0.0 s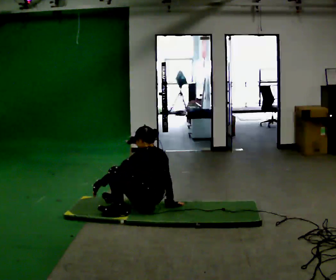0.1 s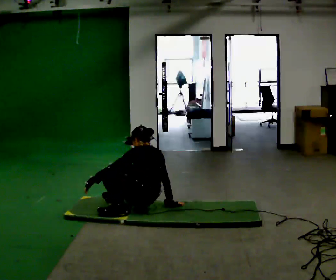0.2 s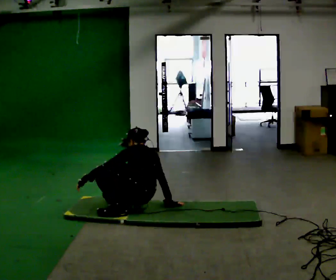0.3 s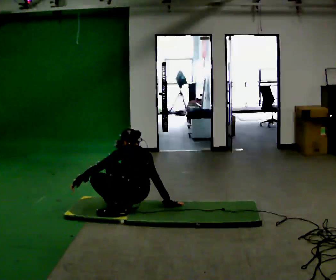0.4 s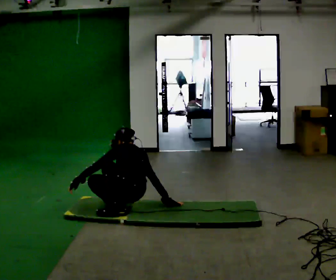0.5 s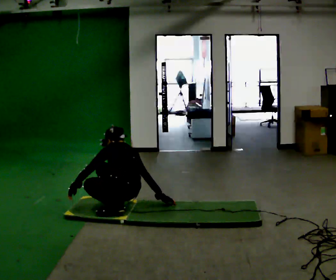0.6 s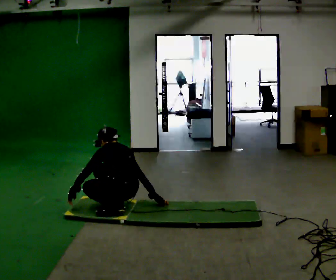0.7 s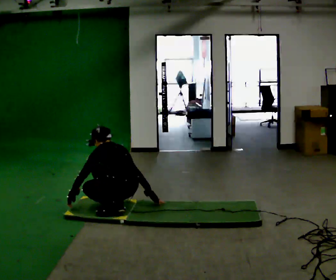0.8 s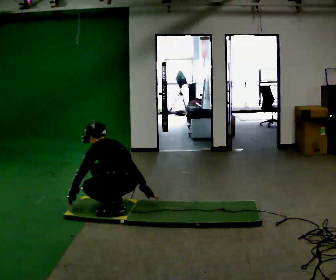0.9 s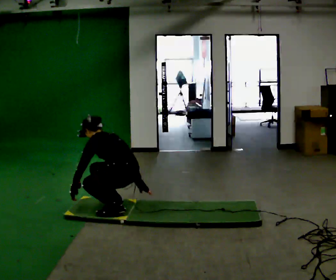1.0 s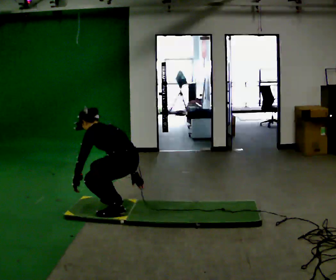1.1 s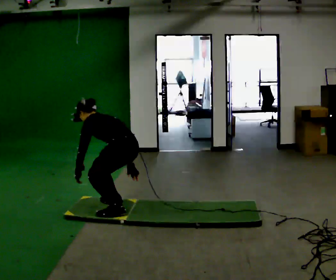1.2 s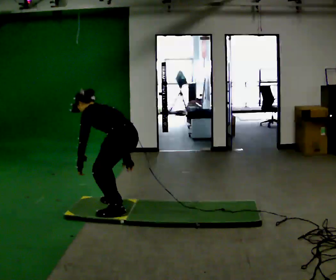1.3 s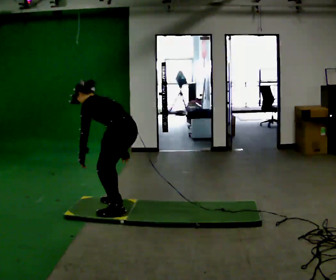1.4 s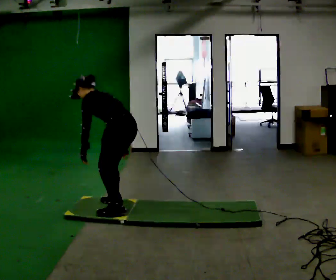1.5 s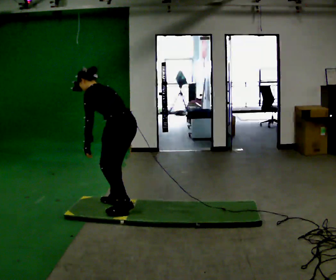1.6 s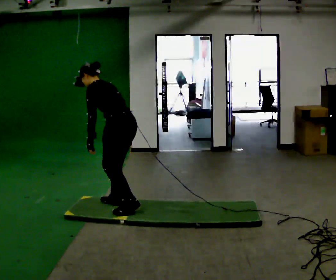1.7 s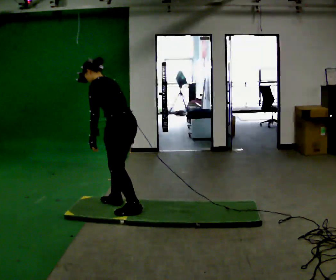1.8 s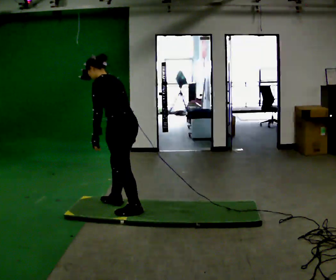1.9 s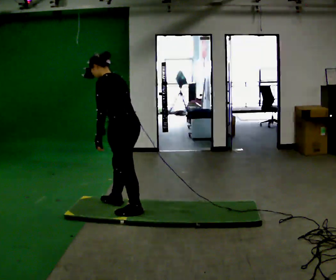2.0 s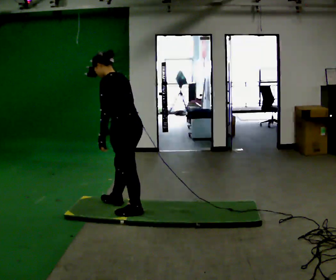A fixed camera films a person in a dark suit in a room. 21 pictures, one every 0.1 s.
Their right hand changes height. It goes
upward.
The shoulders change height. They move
upward.
0.0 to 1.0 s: In the picture they go to the left, about 0.25 m, which for them is forward and to their left. The shoulders move upward. In the picture the upper body tilts counterclockwise, shoulders to the left, as they bend forward.
1.0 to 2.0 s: The upper body goes upward. The upper body tips toward the camera, its near side rolling downward, as they lean back or straighten. In the picture their right hand goes upward.
The film runs backward here.
